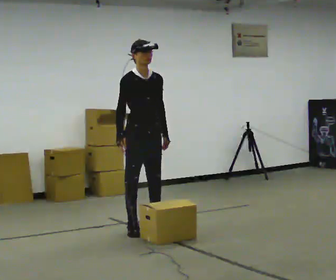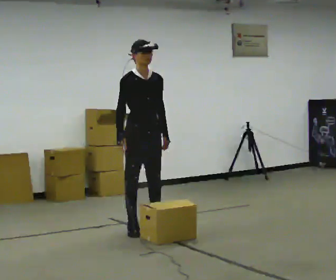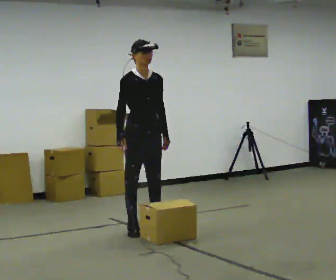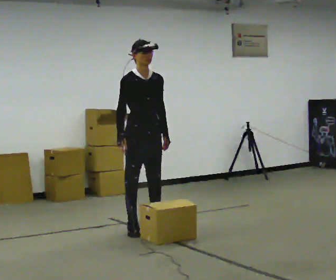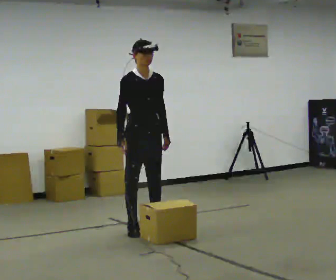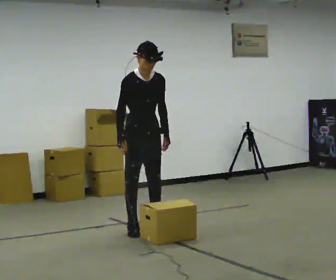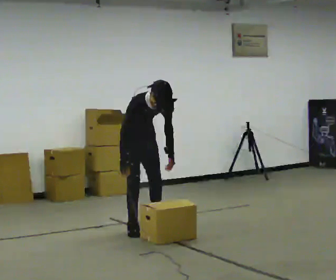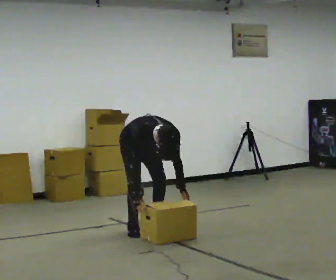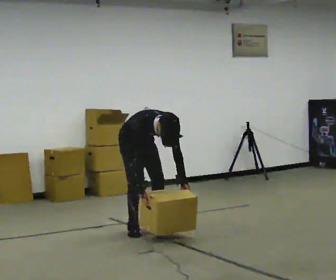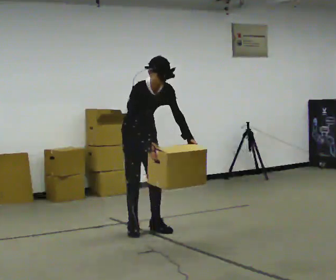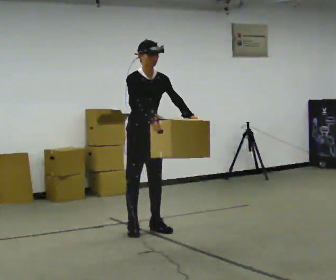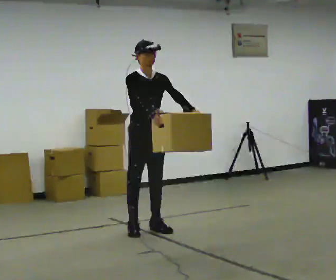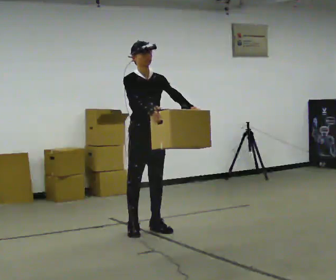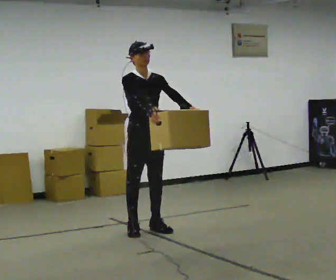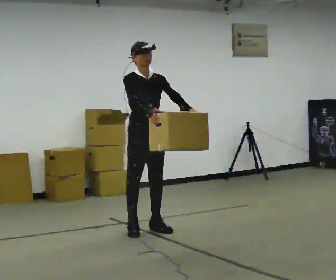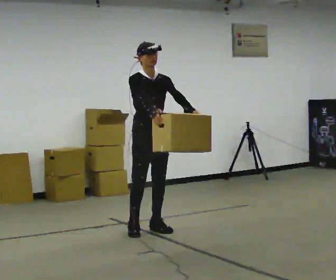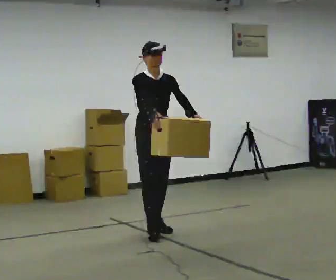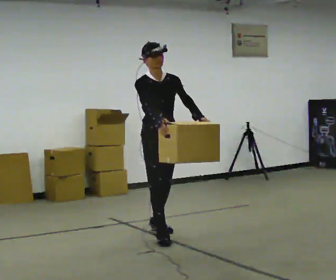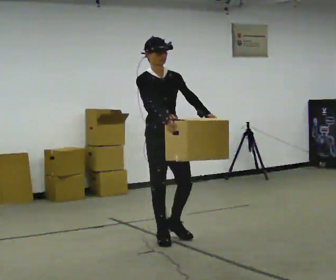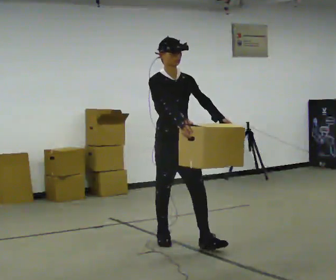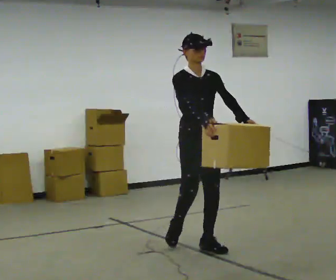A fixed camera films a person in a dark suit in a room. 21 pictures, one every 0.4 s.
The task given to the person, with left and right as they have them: Carry the box straight from one end of the room to the other, set it down, then bring it back. Keep going until the operator says stop; one object at a time, and do not rush between trips.
0.0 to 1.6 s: The person keeps their place and pose.
1.6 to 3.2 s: In the picture they go away from the camera, about 0.25 m, which for them is backward. The upper body goes downward. The upper body tips toward the camera, its near side rolling downward, as they bend forward. In the picture their right hand goes downward.
3.2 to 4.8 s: In the picture they go toward the camera, about 0.25 m, which for them is forward. The shoulders move upward. The upper body tips away from the camera, its near side rolling upward, as they lean back or straighten. In the picture their right hand goes upward.
4.8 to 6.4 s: The person moves a little, or ends about where they began.
6.4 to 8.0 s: In the picture they go toward the camera and to the right, about 1 m in 2 steps, which for them is forward.
The film runs forward here.
